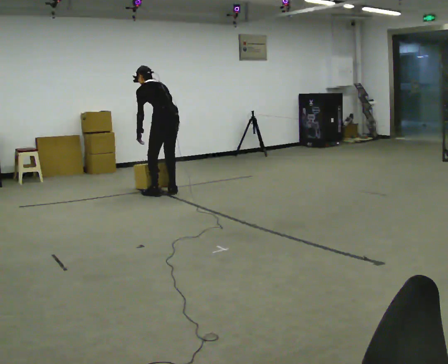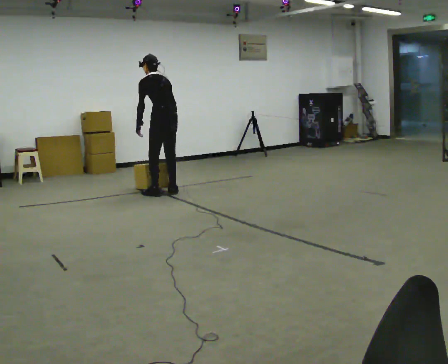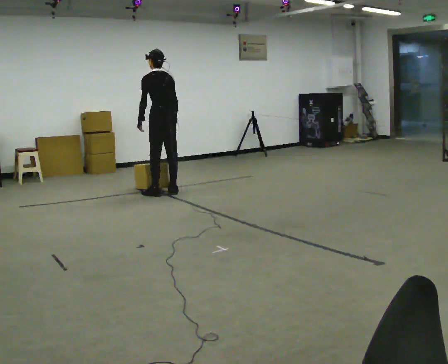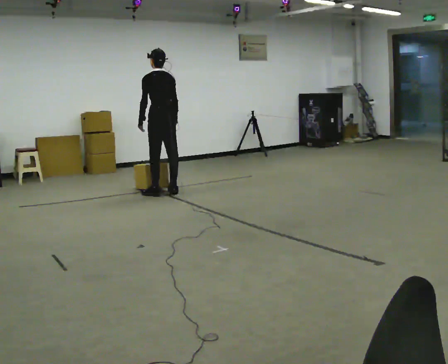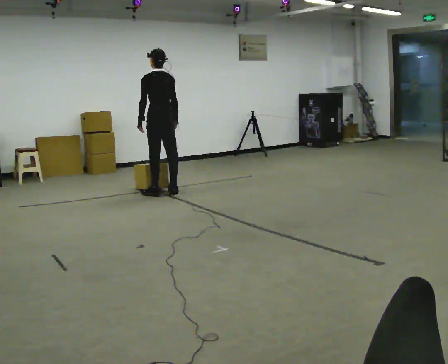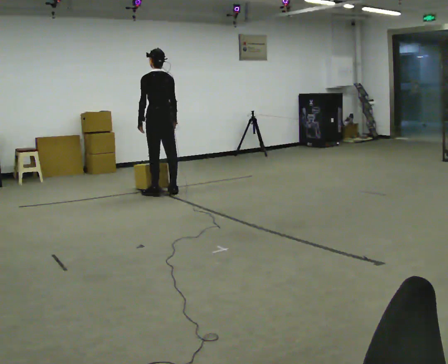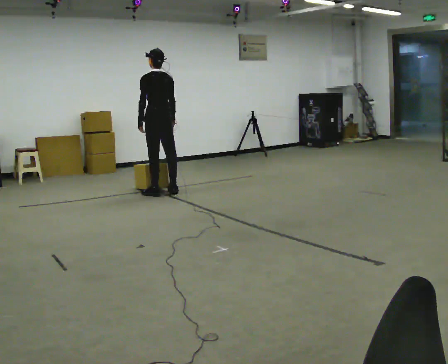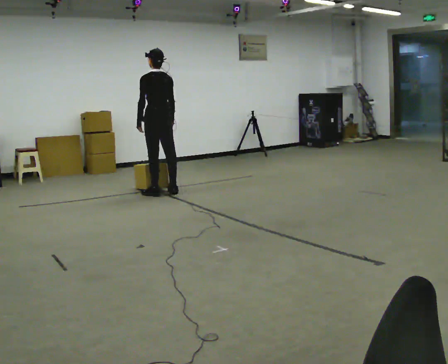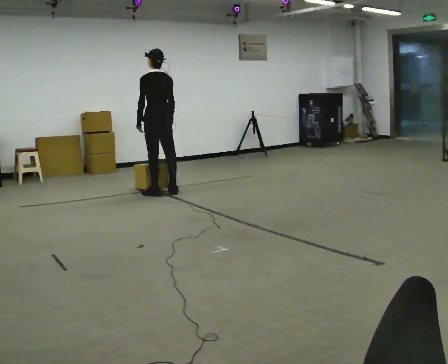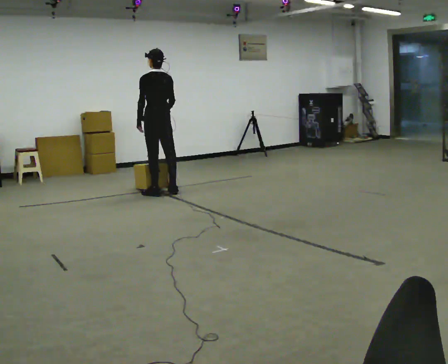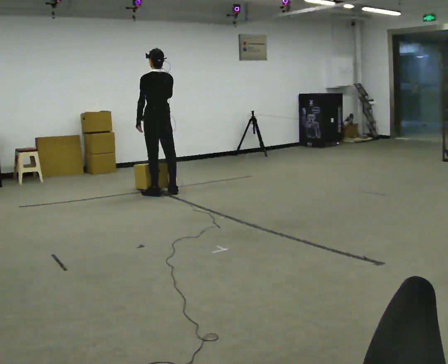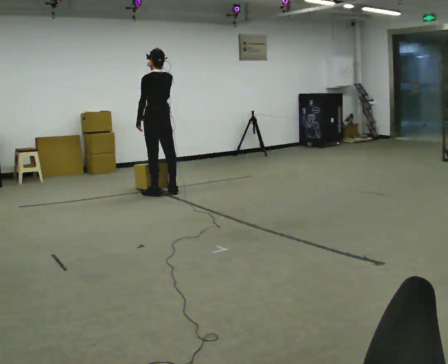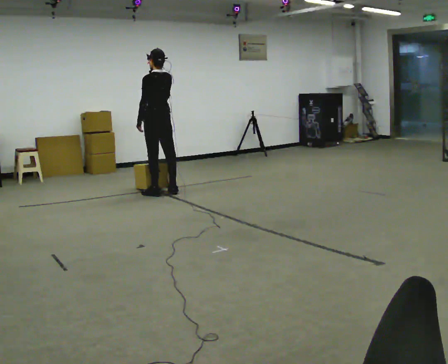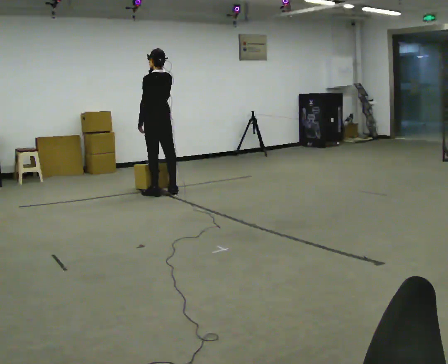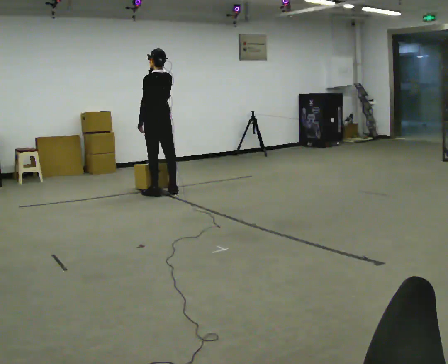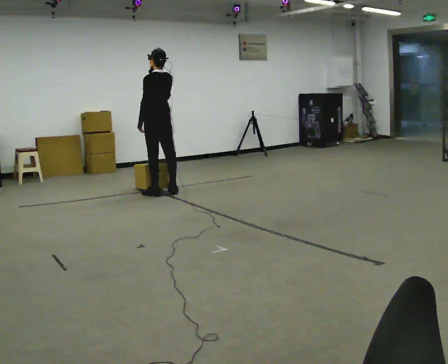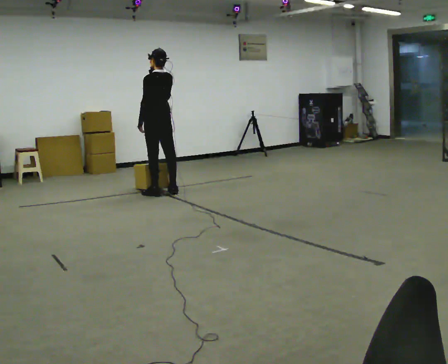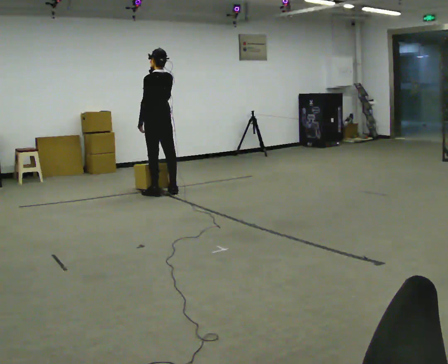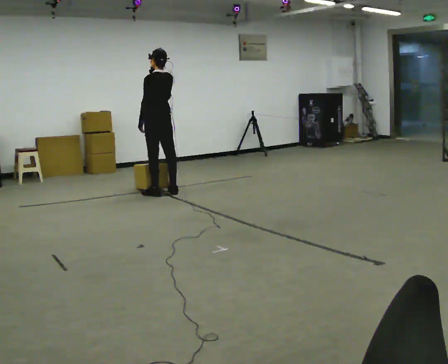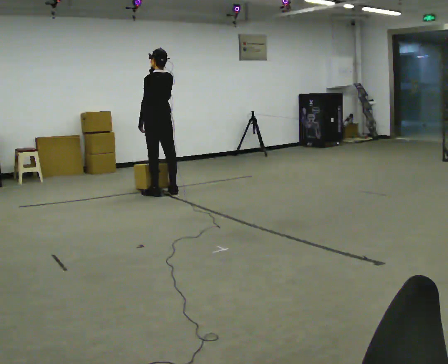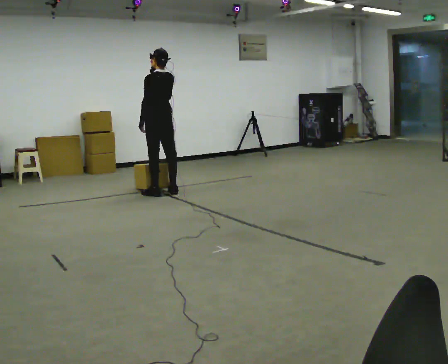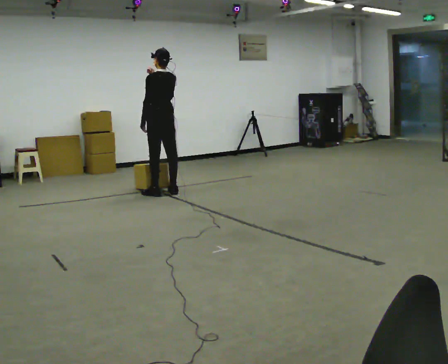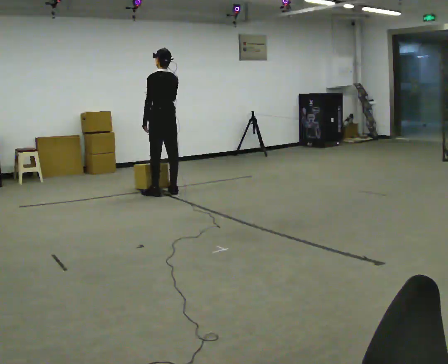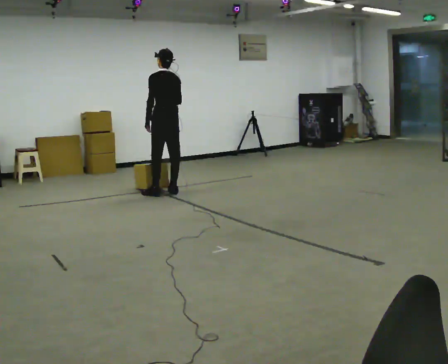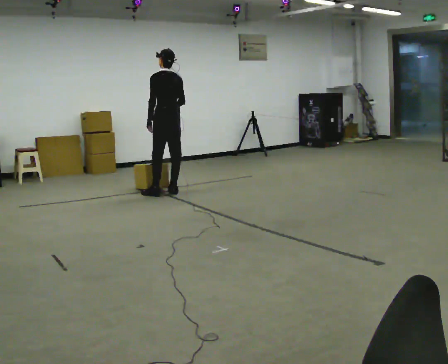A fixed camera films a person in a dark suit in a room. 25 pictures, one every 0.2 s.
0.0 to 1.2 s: The upper body tips toward the camera, its near side rolling downward, as they lean back or straighten.
1.2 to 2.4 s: In the picture their right hand goes upward.
2.4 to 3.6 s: The person moves a little, or ends about where they began.
3.6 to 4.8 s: In the picture their right hand goes downward.
The film runs forward here.
